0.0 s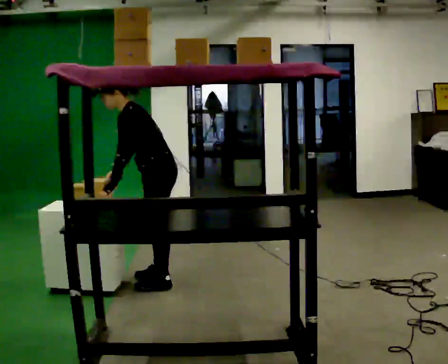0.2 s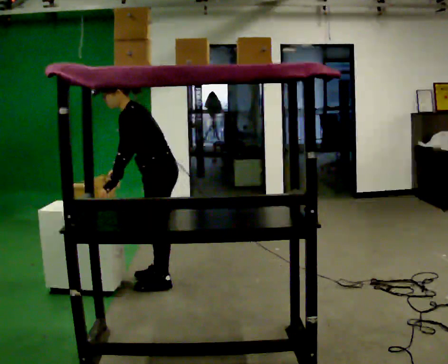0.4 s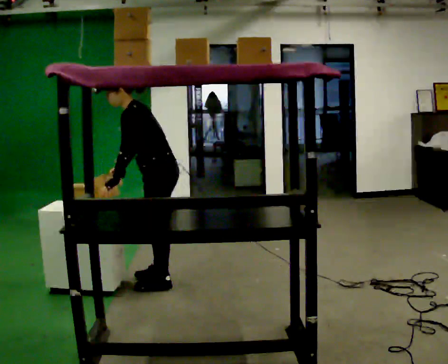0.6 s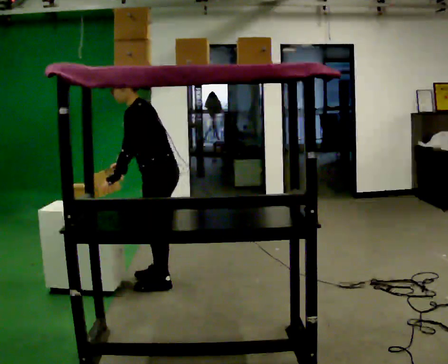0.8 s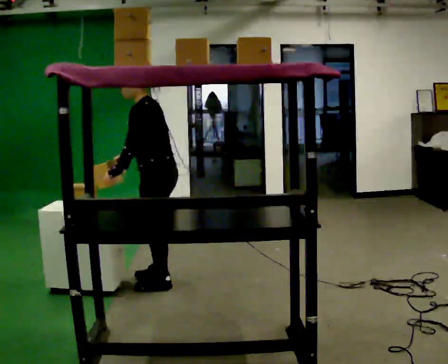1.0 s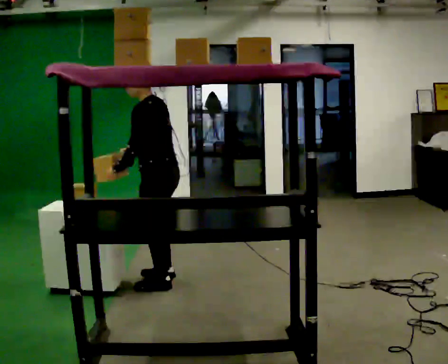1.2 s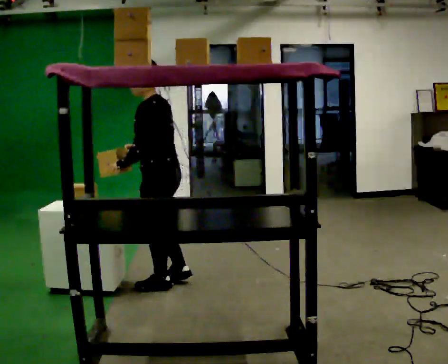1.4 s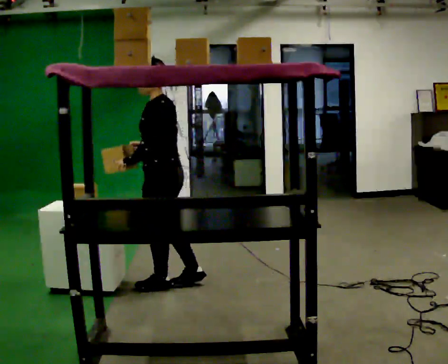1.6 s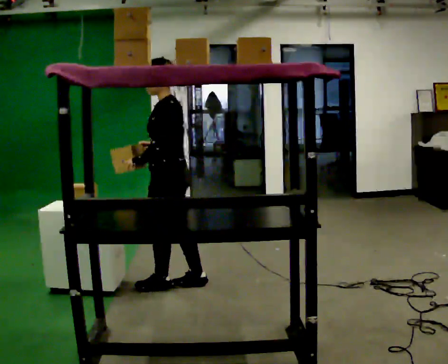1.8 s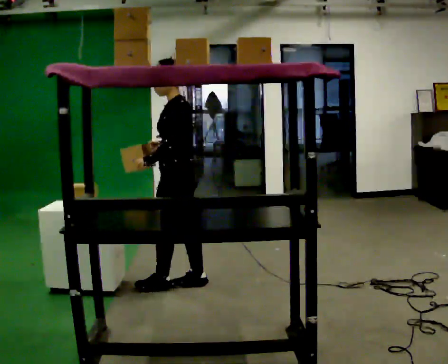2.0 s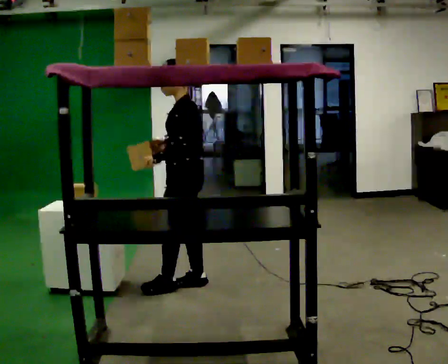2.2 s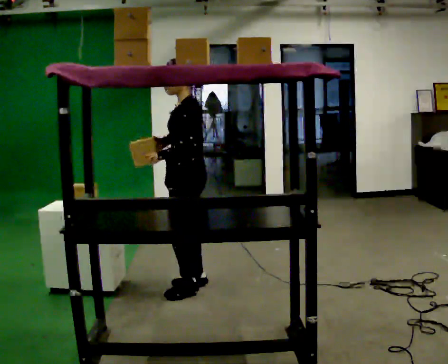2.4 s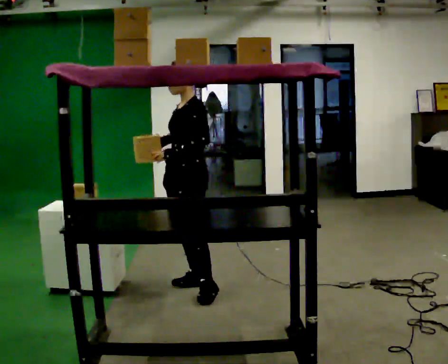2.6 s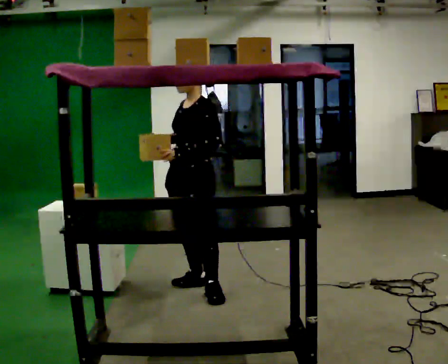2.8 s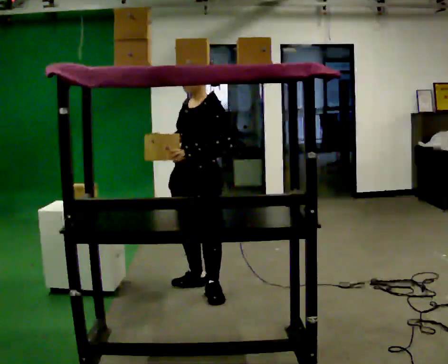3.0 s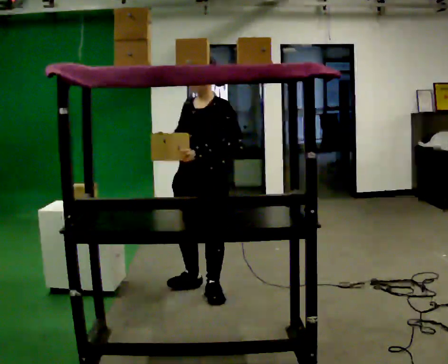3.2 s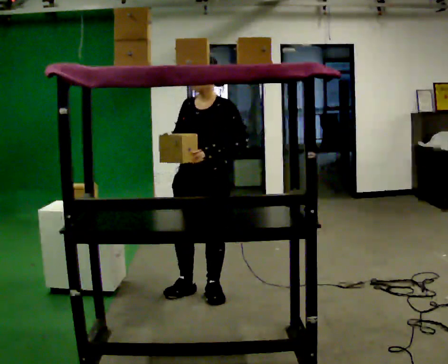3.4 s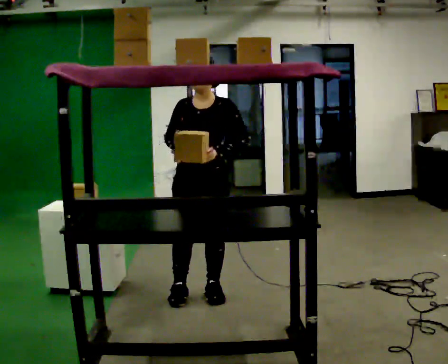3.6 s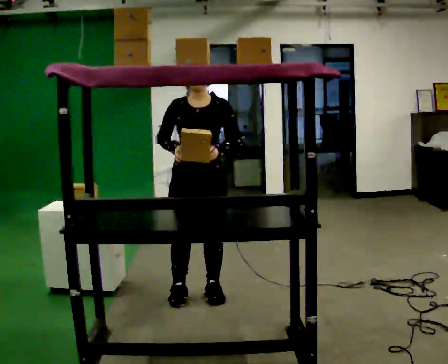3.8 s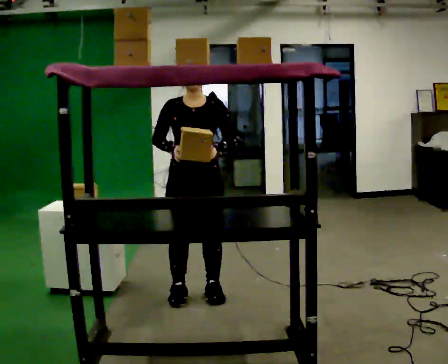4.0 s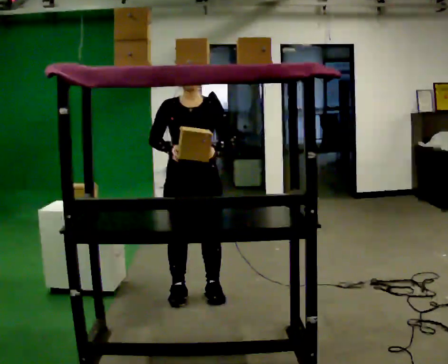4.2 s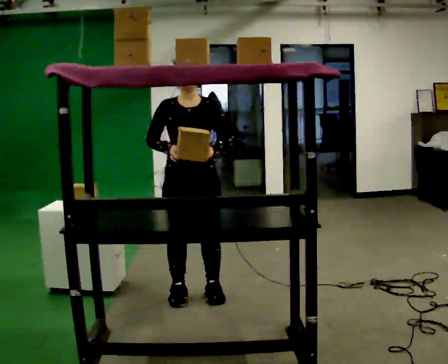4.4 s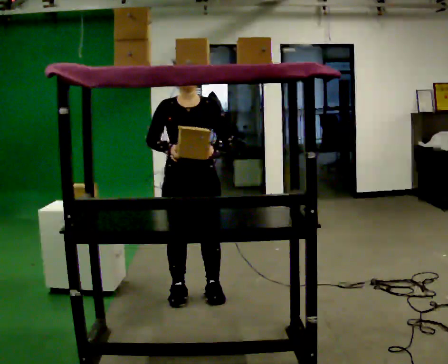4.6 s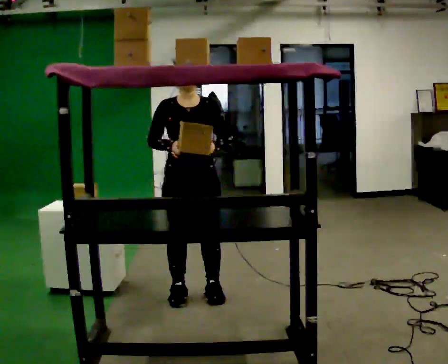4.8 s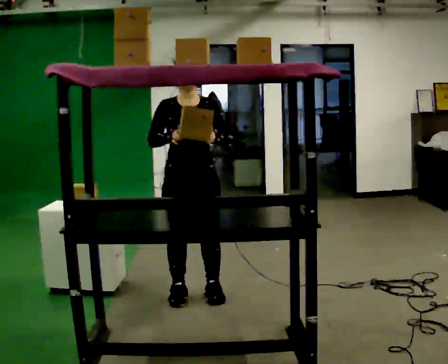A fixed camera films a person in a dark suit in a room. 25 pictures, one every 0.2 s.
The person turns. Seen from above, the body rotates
counterclockwise.
The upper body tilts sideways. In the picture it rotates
clockwise.
0.0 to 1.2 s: In the picture the upper body tilts clockwise, shoulders to the right, as they lean back or straighten.
1.2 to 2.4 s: The person turns about 45 degrees to their left, counterclockwise seen from above, so the part of the body nearest the lens slides to the right. In the picture they go to the right, about 0.25 m in 1 step, which for them is backward. In the picture their left hand goes to the right.
2.4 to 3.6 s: Seen from above the body turns counterclockwise, about 60 degrees: to their left, with its near side sliding to the right. In the picture they go toward the camera, about 0.25 m in 1 step.
3.6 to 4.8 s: The person moves a little, or ends about where they began.
The film runs backward here.
